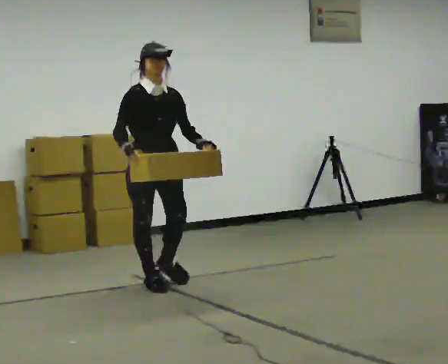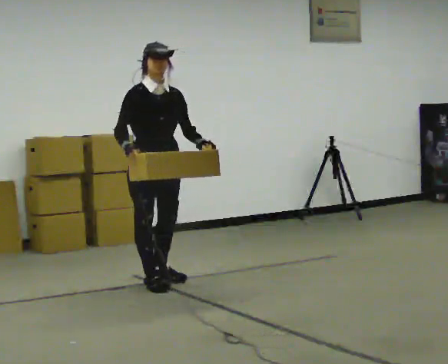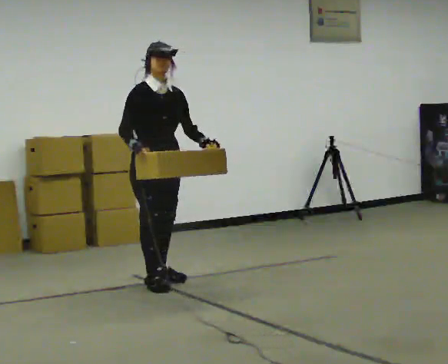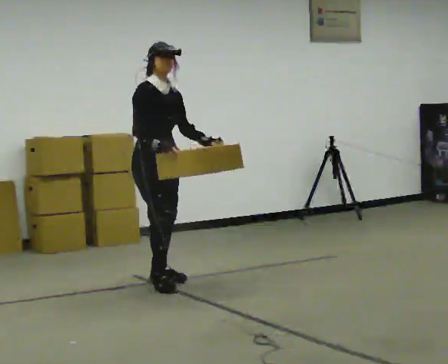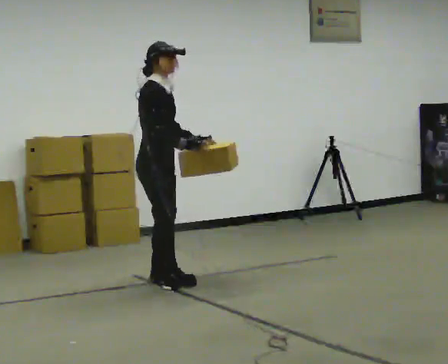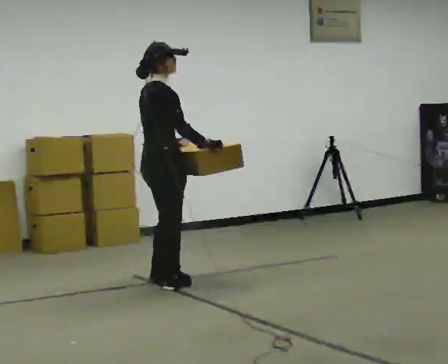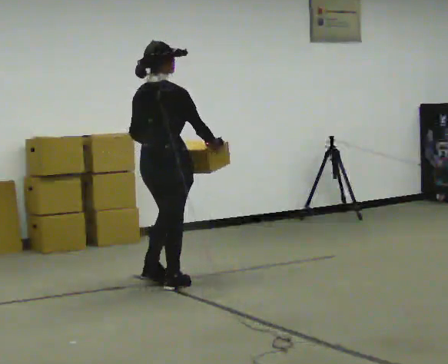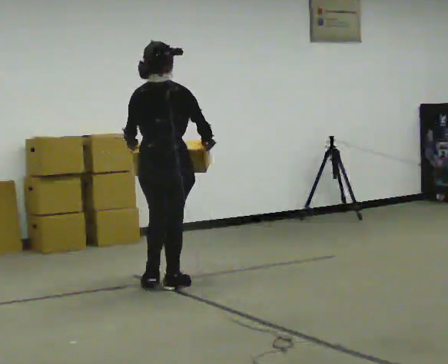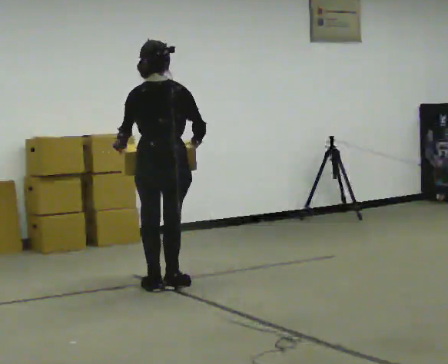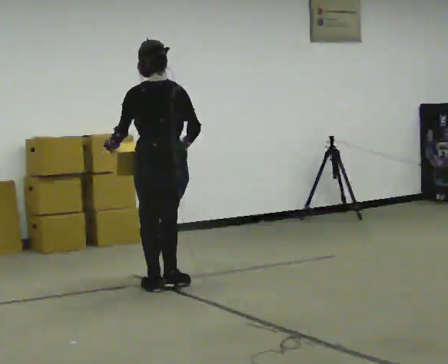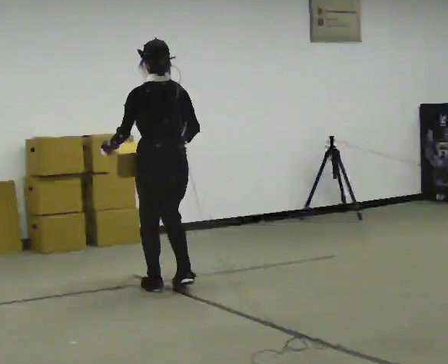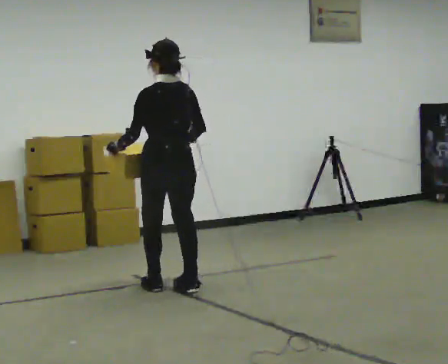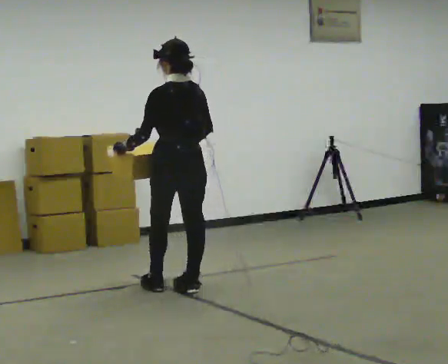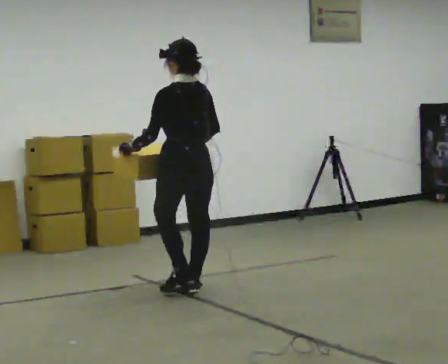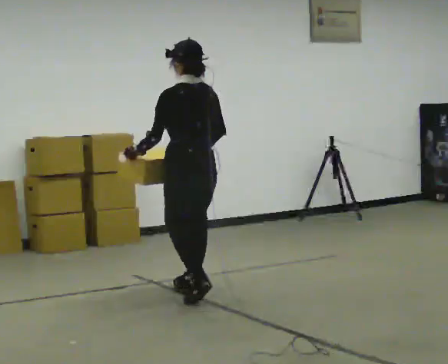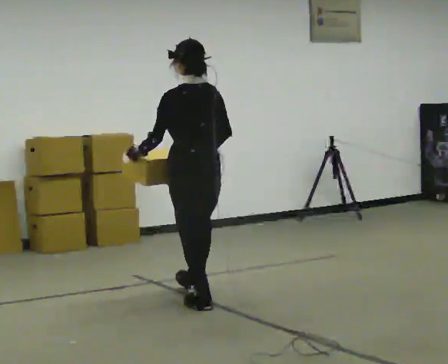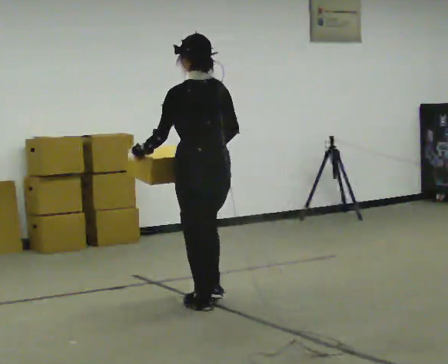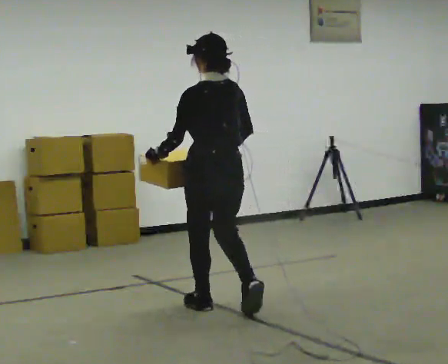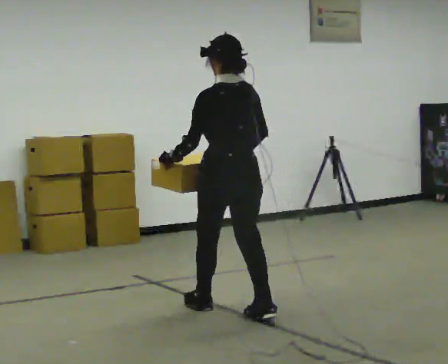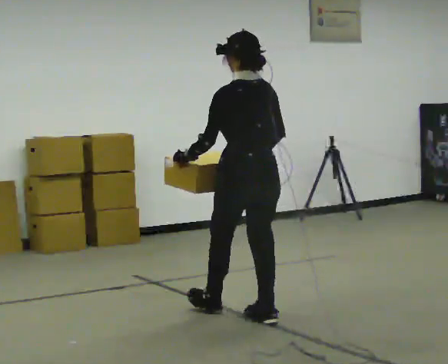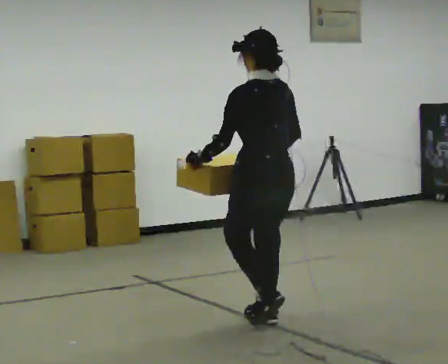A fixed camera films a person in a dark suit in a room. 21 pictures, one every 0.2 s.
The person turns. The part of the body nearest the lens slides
to the right.
The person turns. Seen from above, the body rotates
counterclockwise.
0.0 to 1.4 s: The part of the body nearest the lens slides to the right as the person turns to their left by about 135 degrees. In the picture their right hand goes to the right, the arm swinging counterclockwise.
1.4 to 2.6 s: The person turns about 60 degrees to their left, counterclockwise seen from above, so the part of the body nearest the lens slides to the right. In the picture they go toward the camera and to the right, about 0.25 m in 2 steps, which for them is backward.
2.6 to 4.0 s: In the picture they go toward the camera and to the right, about 1 m in 2 steps, which for them is backward.
The film runs backward here.
